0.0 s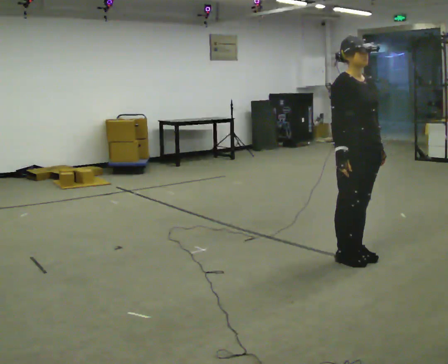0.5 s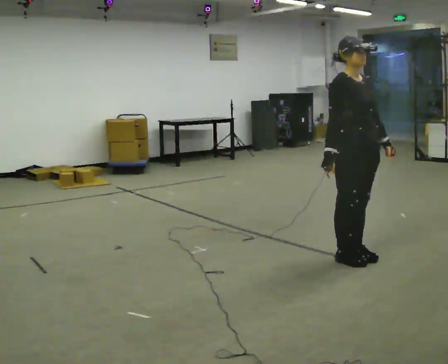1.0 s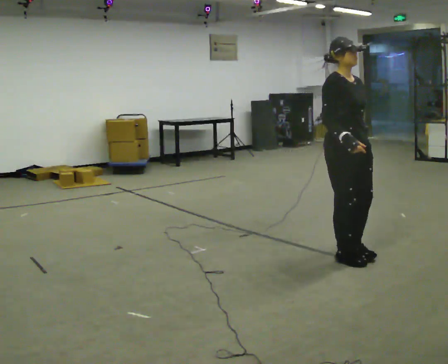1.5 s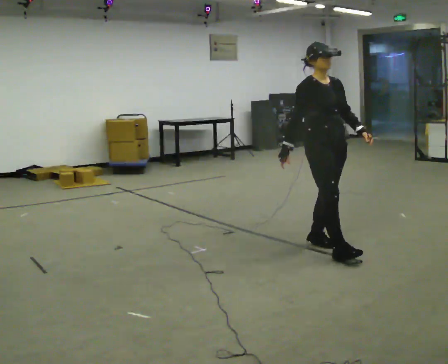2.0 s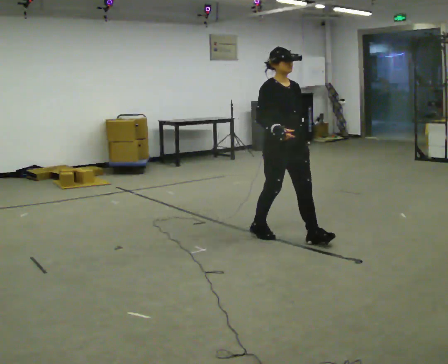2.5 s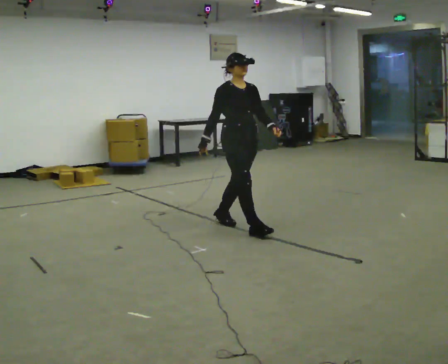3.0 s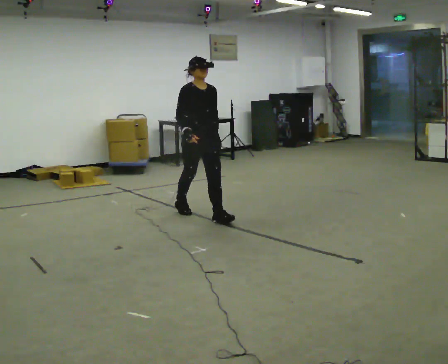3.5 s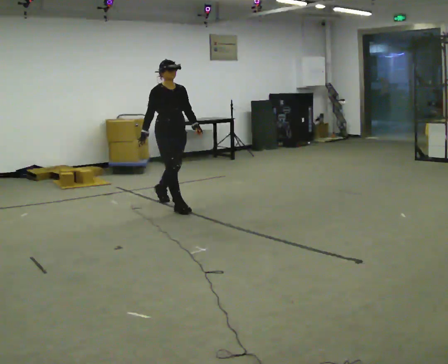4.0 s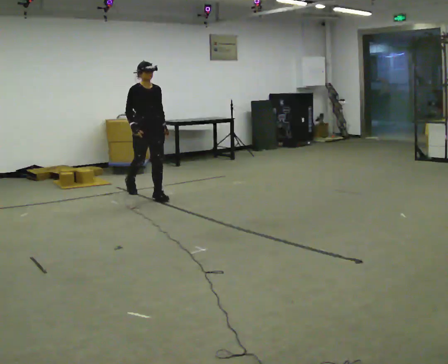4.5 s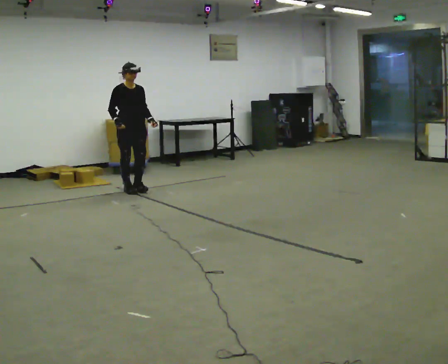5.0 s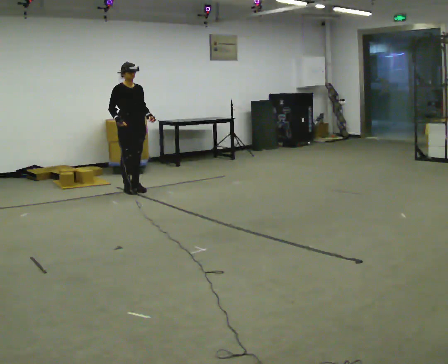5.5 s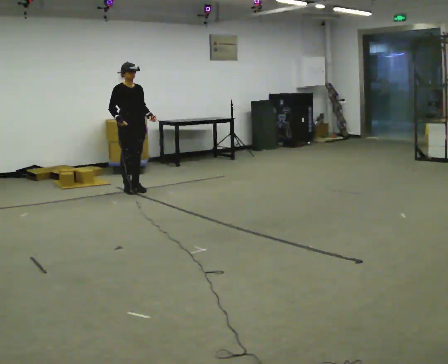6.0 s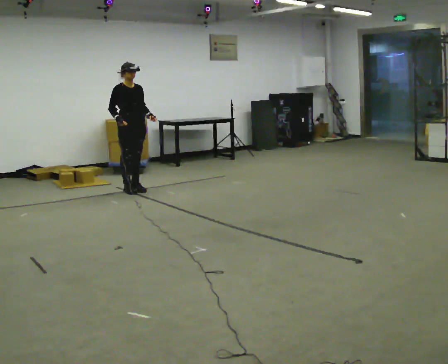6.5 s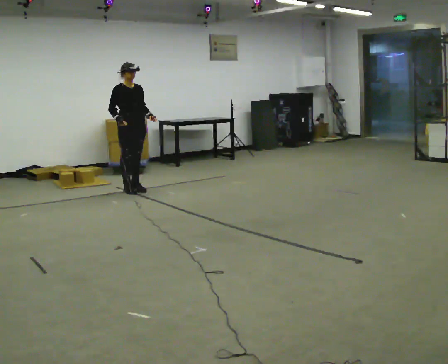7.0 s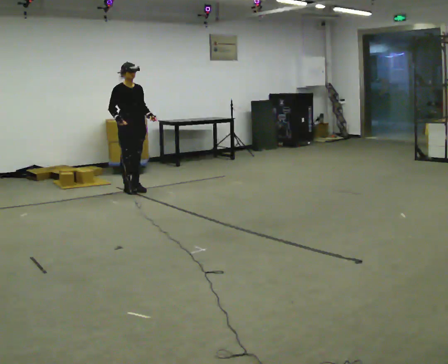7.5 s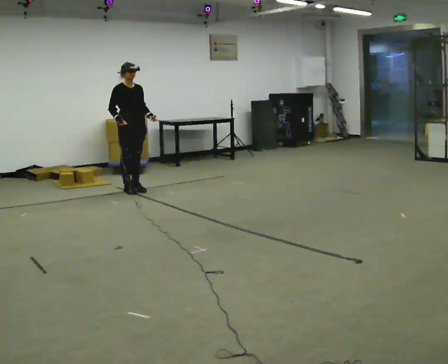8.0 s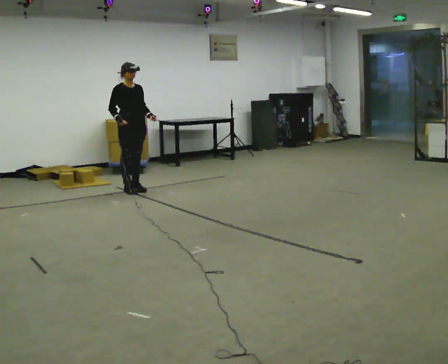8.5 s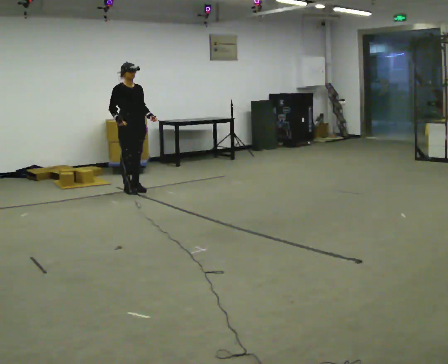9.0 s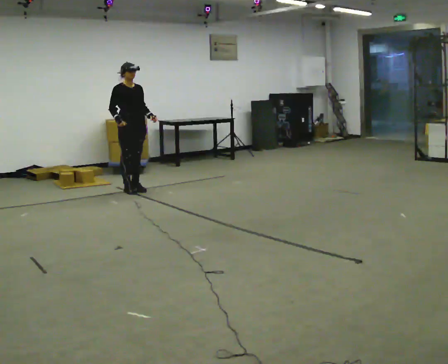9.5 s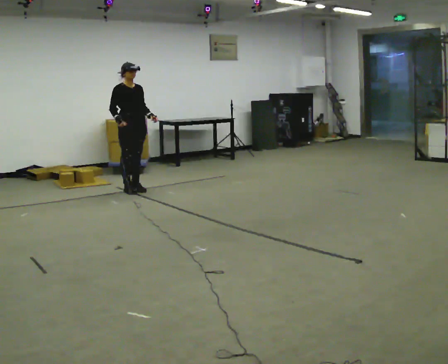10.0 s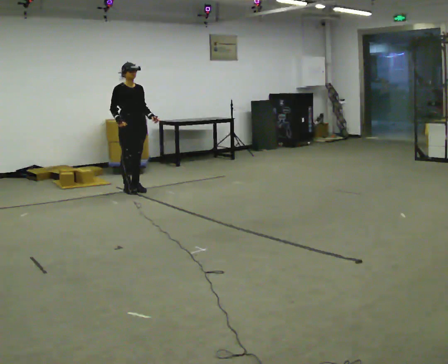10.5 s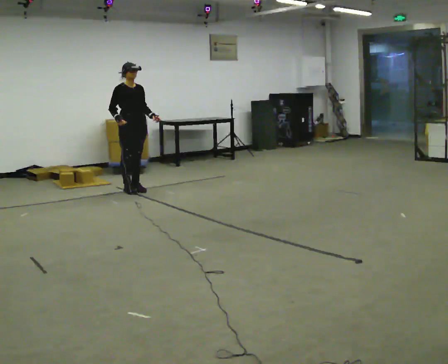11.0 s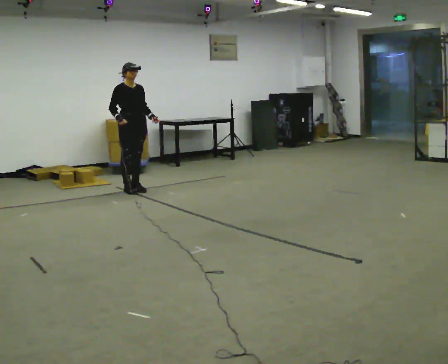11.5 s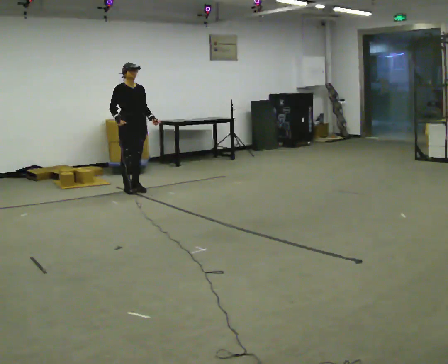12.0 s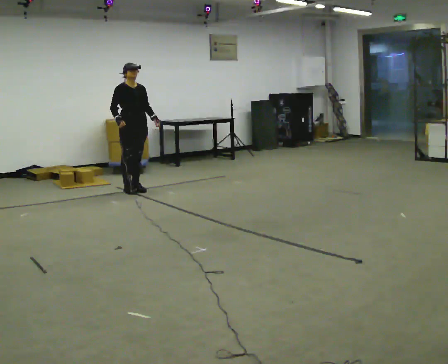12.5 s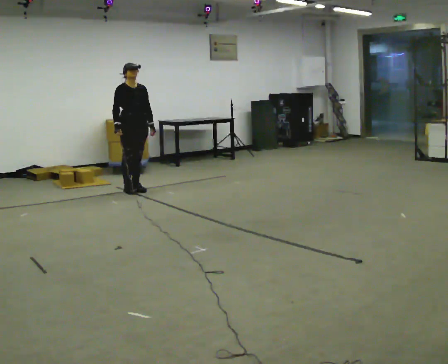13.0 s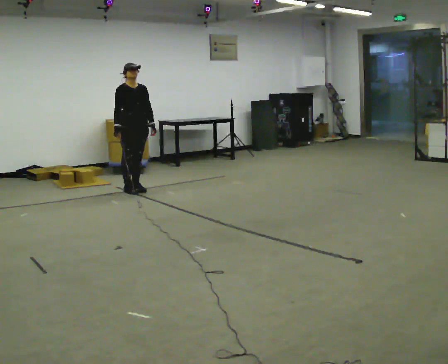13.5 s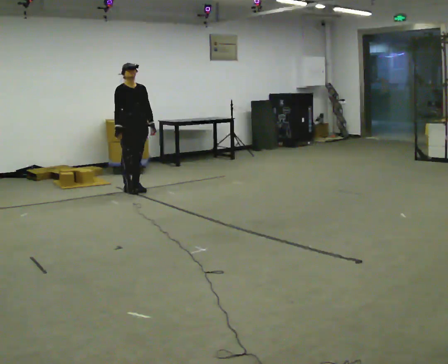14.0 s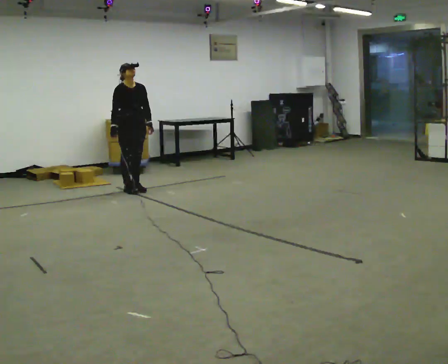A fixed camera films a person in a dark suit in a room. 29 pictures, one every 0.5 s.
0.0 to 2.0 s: In the picture they go away from the camera and to the left, about 1 m in 3 steps, which for them is backward.
2.0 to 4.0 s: In the picture they go away from the camera and to the left, about 2 m in 3 steps, which for them is backward.
4.0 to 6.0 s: In the picture they go away from the camera and to the left, about 0.5 m in 1 step, which for them is backward.
6.0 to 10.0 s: The person keeps their place and pose.
10.0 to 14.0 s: The person moves a little, or ends about where they began.
The film runs backward here.
